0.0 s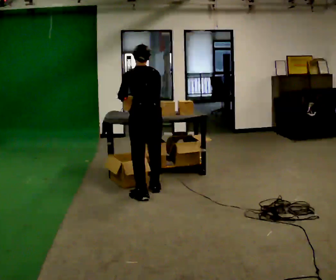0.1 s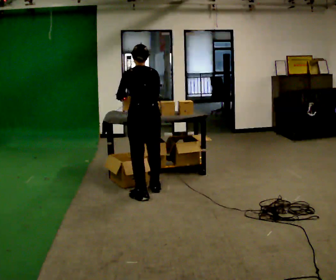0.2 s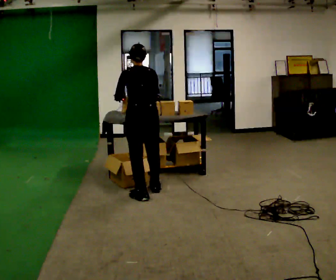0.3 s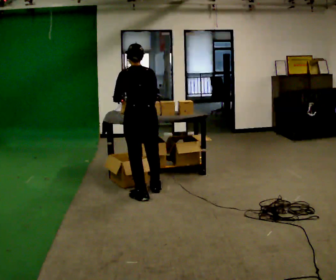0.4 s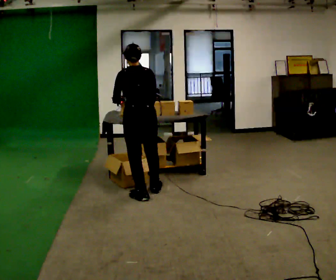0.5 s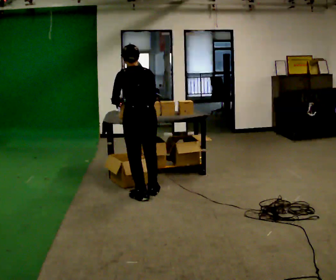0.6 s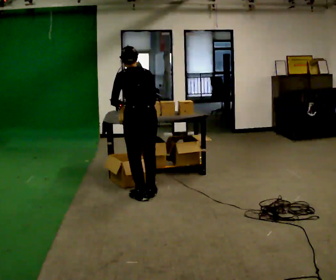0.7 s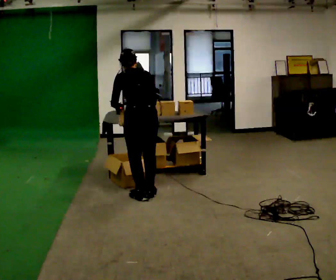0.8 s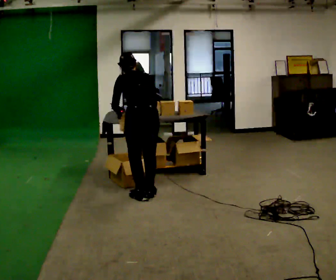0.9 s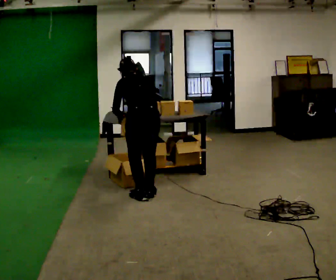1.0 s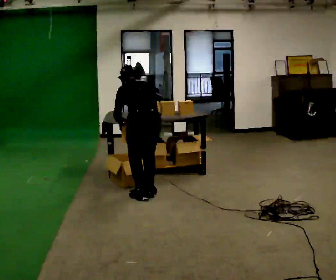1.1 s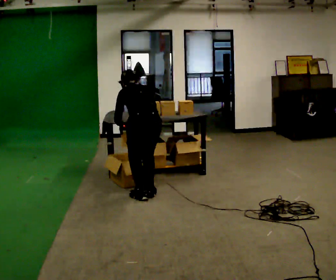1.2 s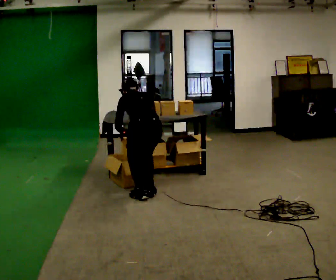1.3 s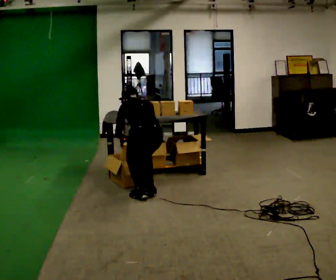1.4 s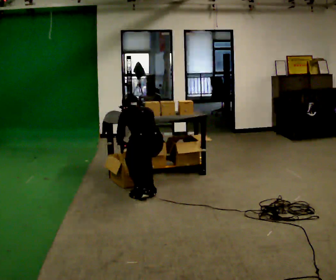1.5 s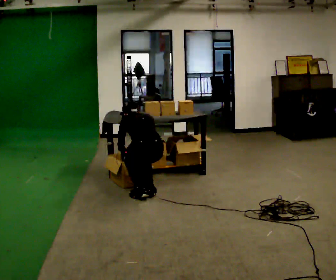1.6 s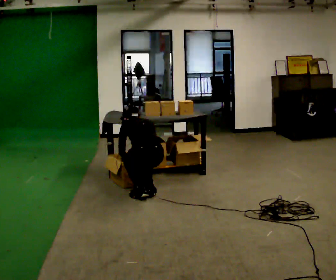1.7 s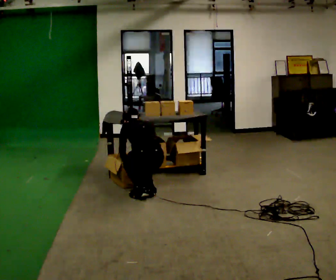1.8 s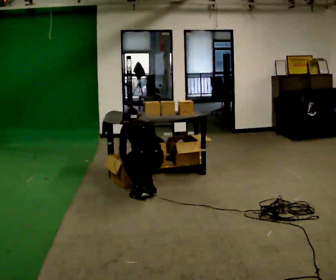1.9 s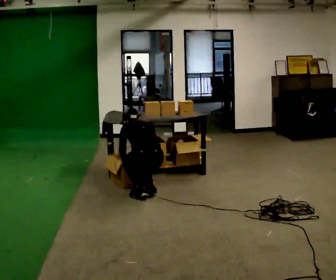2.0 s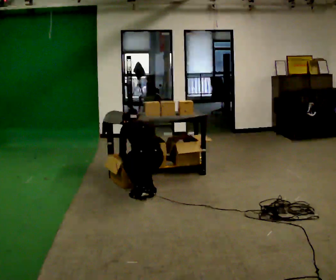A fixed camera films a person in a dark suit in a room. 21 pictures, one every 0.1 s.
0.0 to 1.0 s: In the picture they go toward the camera, about 0.25 m in 1 step, which for them is backward. The upper body tips away from the camera, its near side rolling upward, as they bend forward.
1.0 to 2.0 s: The upper body goes downward. In the picture their right hand goes downward.
The film runs backward here.
